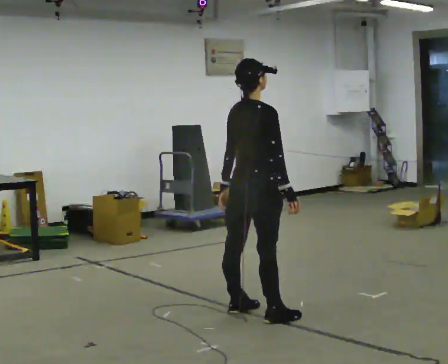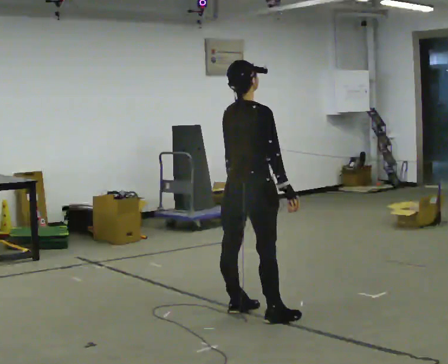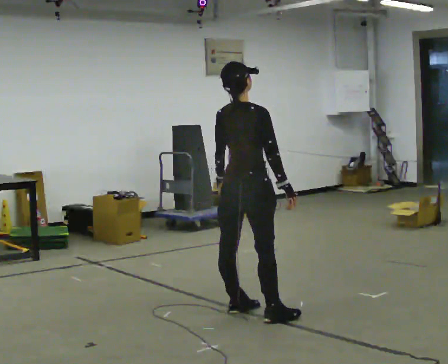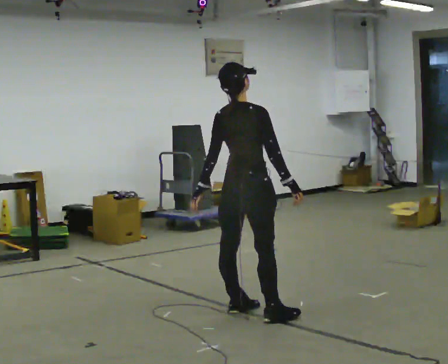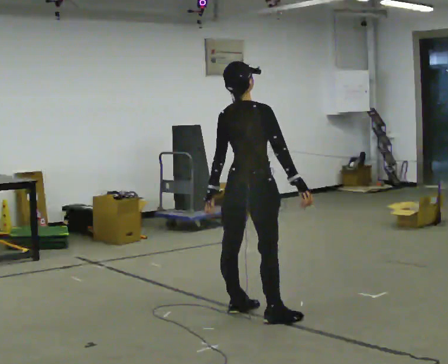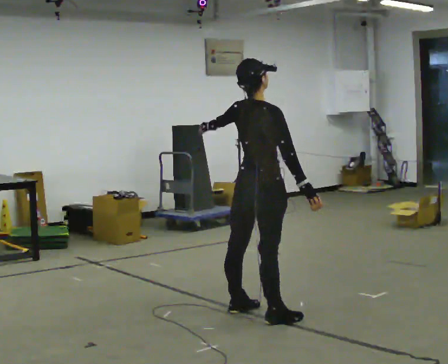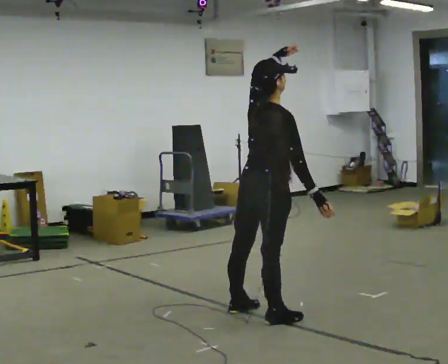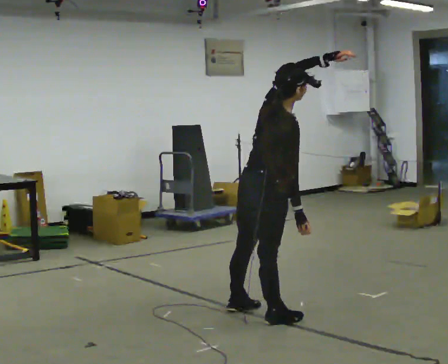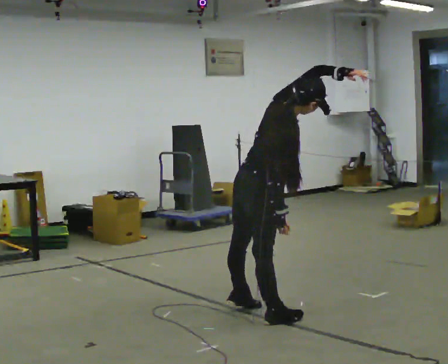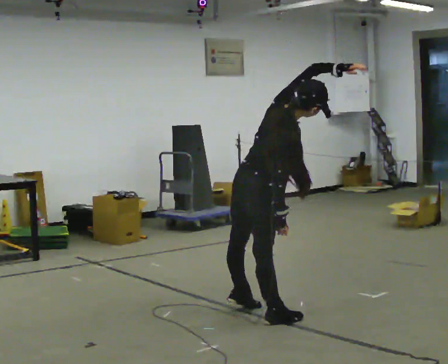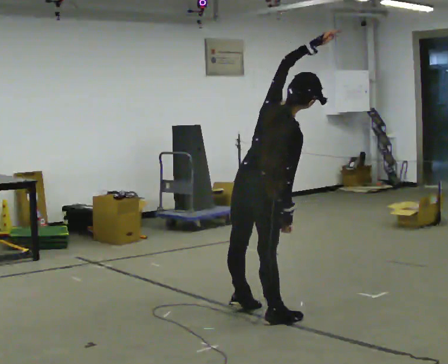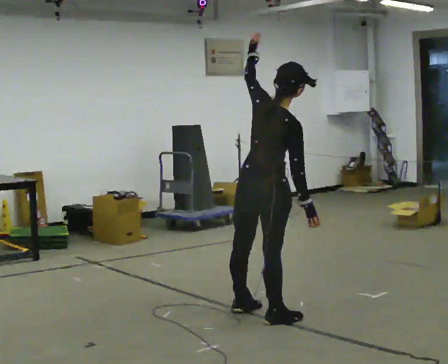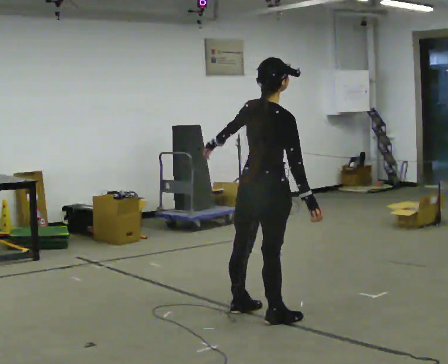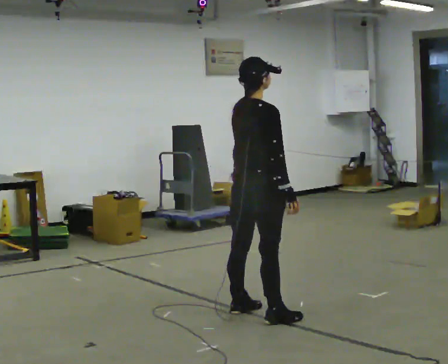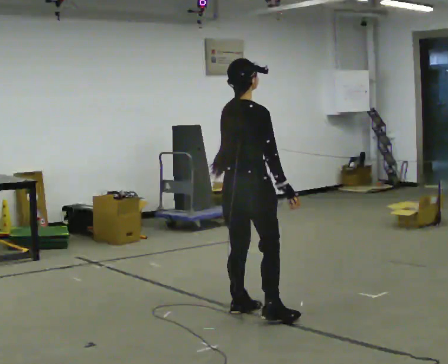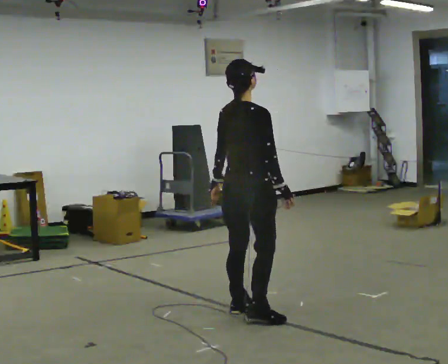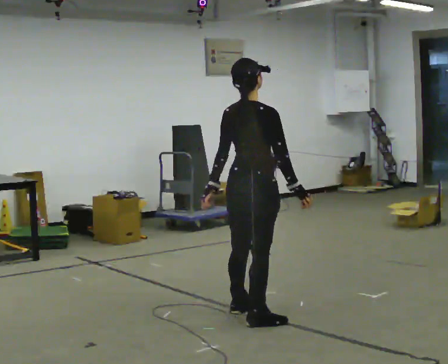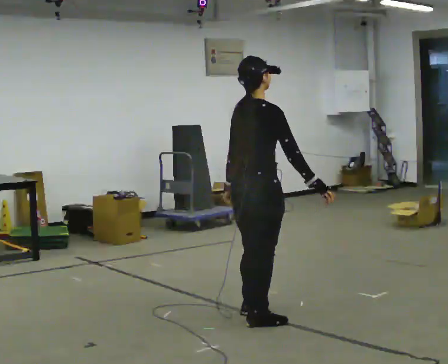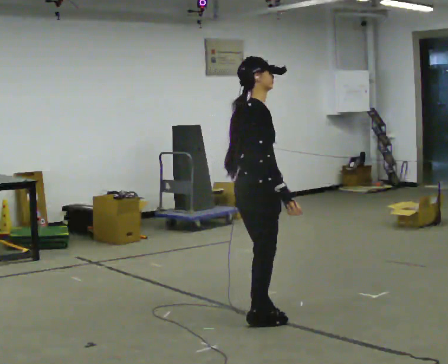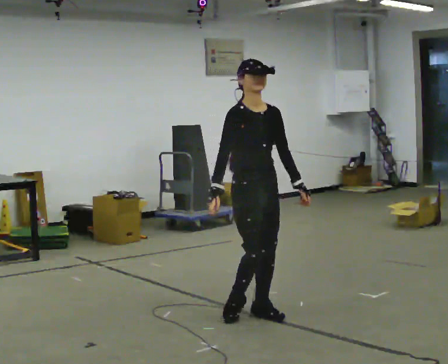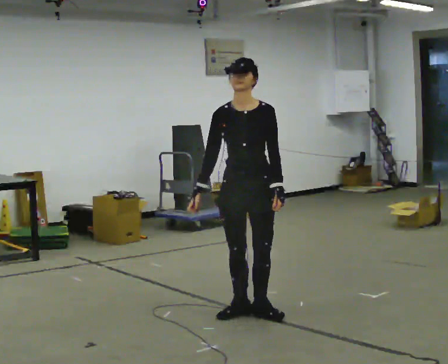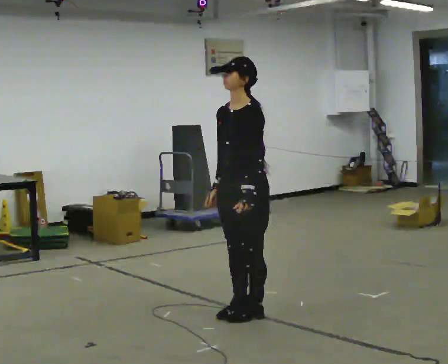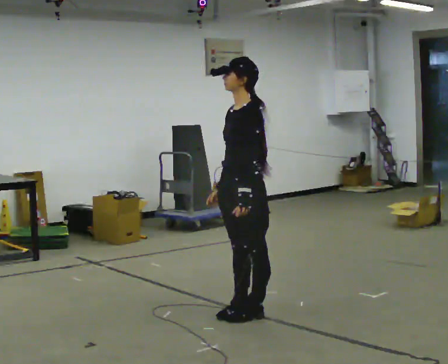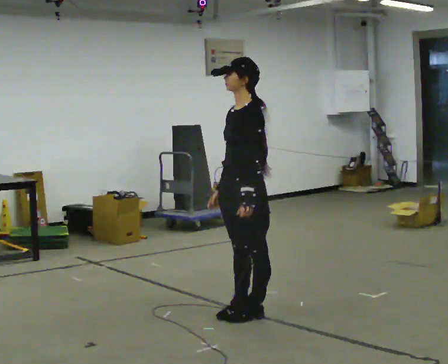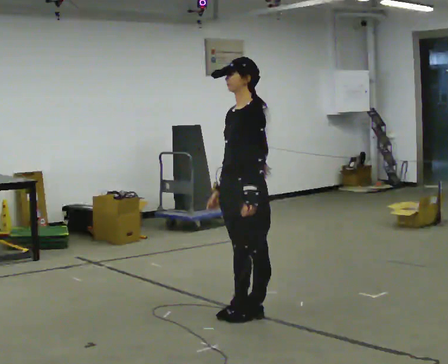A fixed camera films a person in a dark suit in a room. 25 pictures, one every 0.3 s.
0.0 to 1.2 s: The person moves a little, or ends about where they began.
1.2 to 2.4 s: The person turns about 30 degrees to their right, clockwise seen from above, so the part of the body nearest the lens slides to the left. In the picture they go toward the camera, about 0.25 m, which for them is to their right. In the picture the upper body tilts clockwise, shoulders to the right, as they bend forward. In the picture their left hand goes to the right and upward.
2.4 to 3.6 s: Seen from above the body turns counterclockwise, about 30 degrees: to their left, with its near side sliding to the right. In the picture the upper body tilts counterclockwise, shoulders to the left, as they lean back or straighten. In the picture their left hand goes to the left and downward, the arm swinging counterclockwise.
3.6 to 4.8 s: In the picture their left hand goes downward.
4.8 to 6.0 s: Seen from above the body turns clockwise, about 135 degrees: to their right, with its near side sliding to the left. In the picture their right hand goes to the left, the arm swinging clockwise.
6.0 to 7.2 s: Seen from above the body turns clockwise, about 60 degrees: to their right, with its near side sliding to the left.
The film runs backward here.
